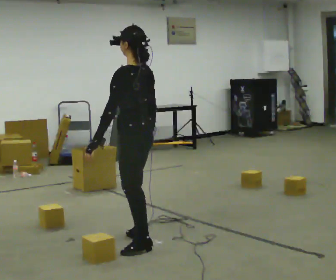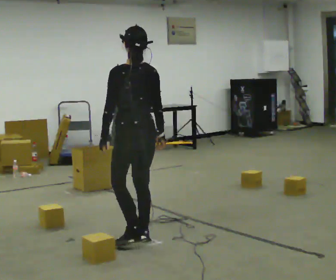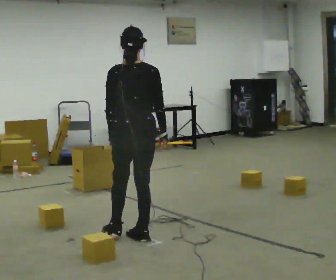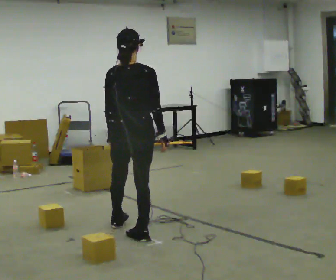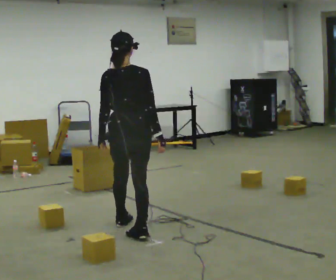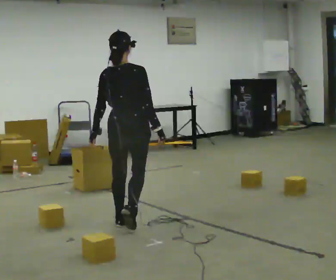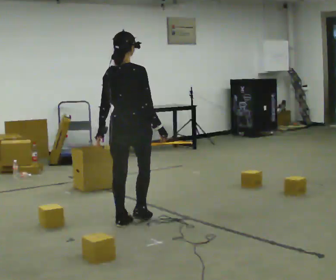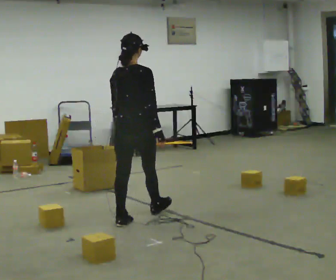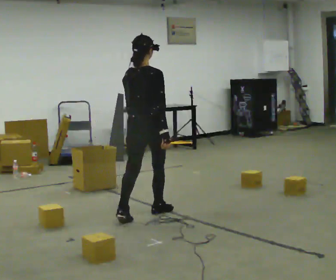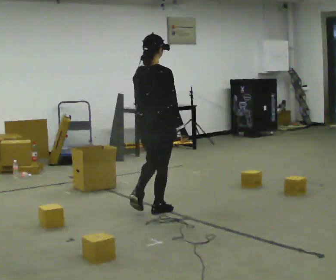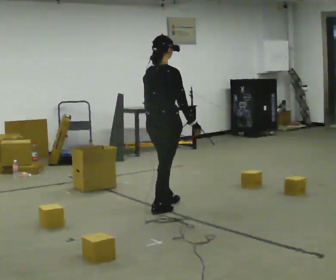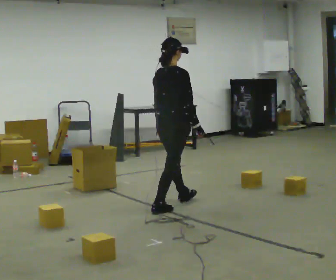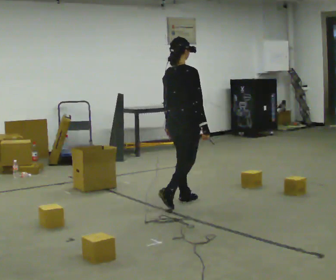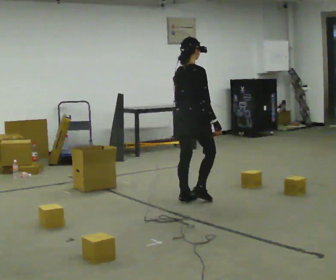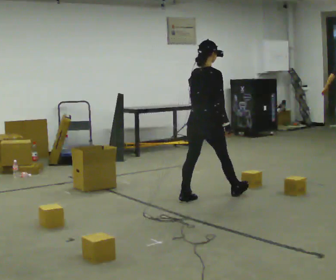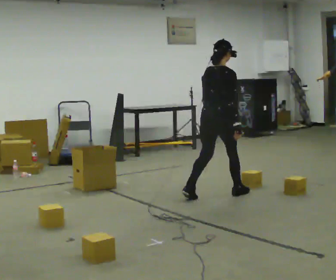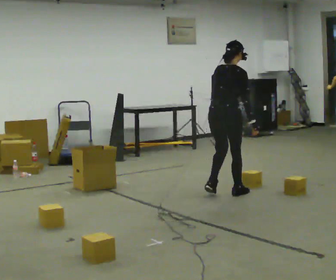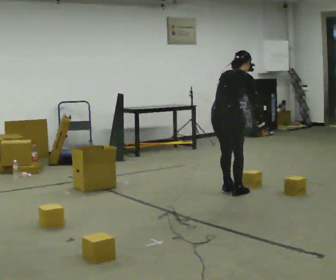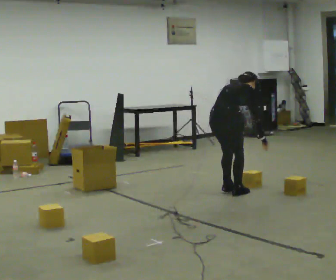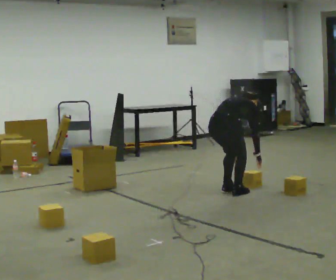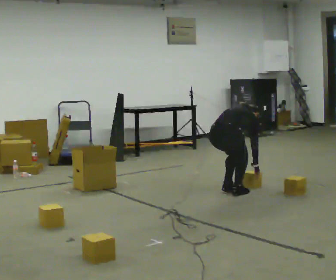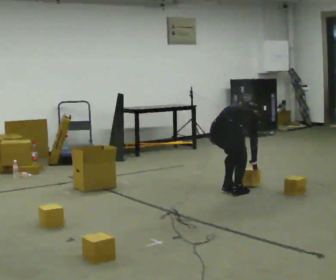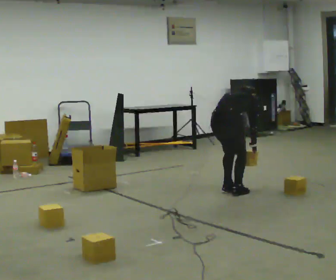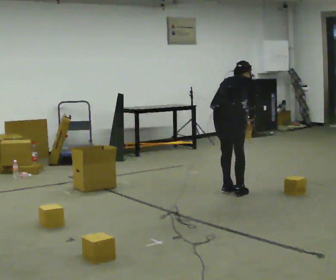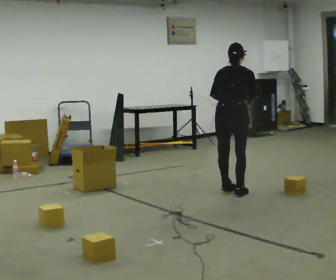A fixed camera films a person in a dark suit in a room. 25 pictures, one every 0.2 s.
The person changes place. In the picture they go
away from the camera.
The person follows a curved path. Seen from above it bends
clockwise.
0.0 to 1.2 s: The person turns about 90 degrees to their right, clockwise seen from above, so the part of the body nearest the lens slides to the left. In the picture they go away from the camera, about 0.5 m in 1 step.
1.2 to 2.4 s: The part of the body nearest the lens slides to the left as the person turns to their right by about 30 degrees. In the picture they go away from the camera and to the right, about 1 m in 2 steps, which for them is forward.
2.4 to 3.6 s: In the picture they go to the right and away from the camera, about 0.5 m in 2 steps, which for them is forward. The shoulders move downward. In the picture the upper body tilts clockwise, shoulders to the right, as they bend forward.
3.6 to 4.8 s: In the picture their right hand goes upward.
The film runs forward here.
